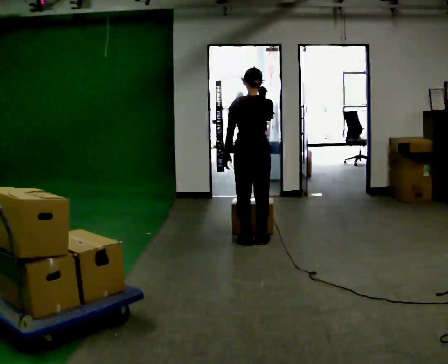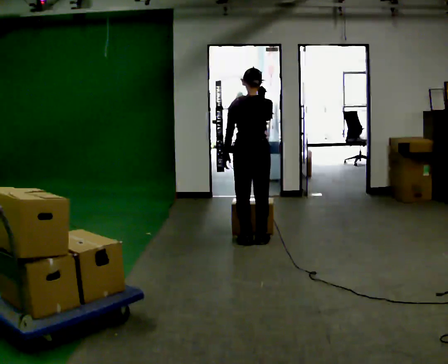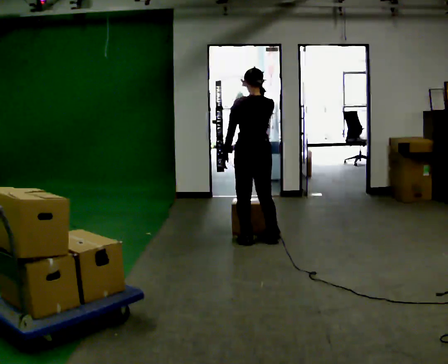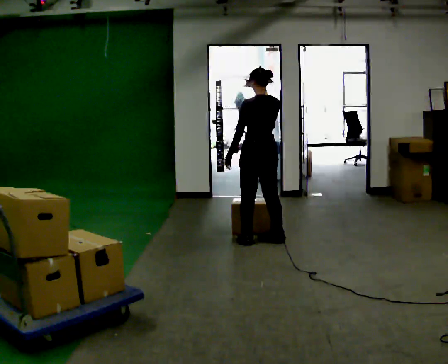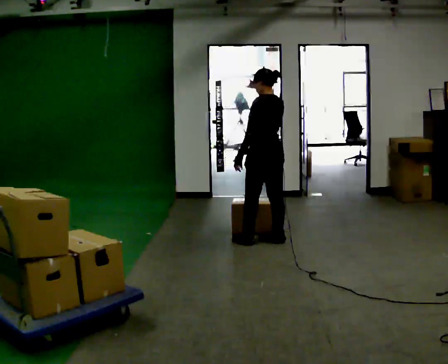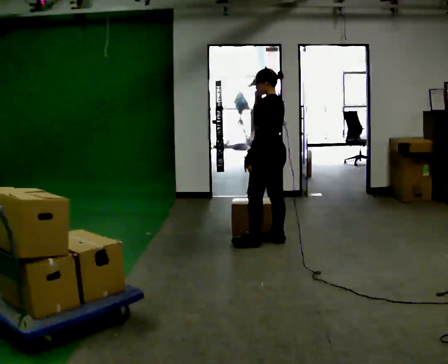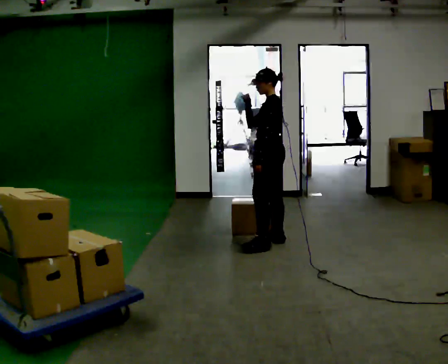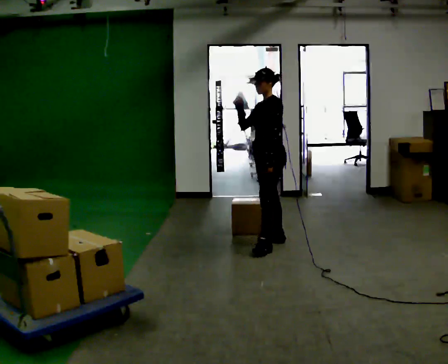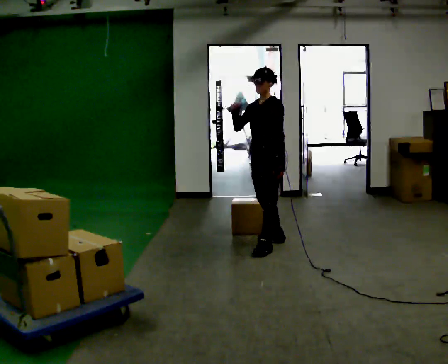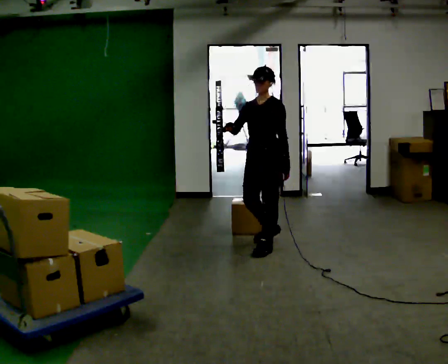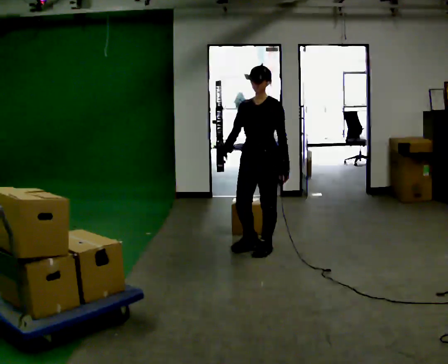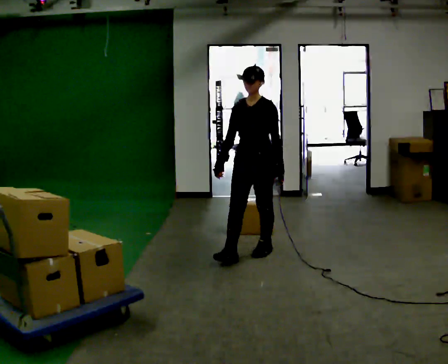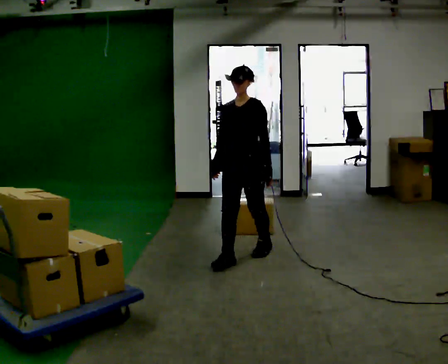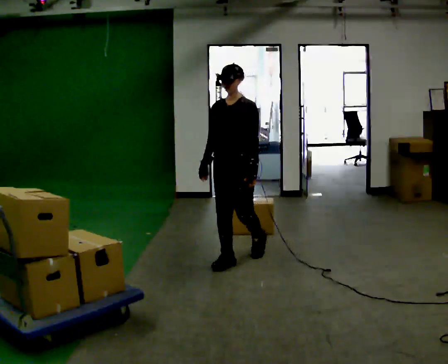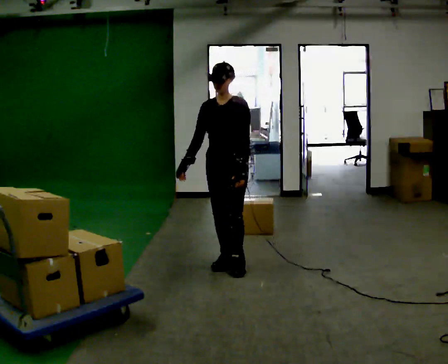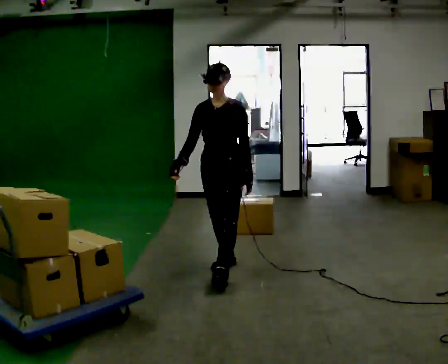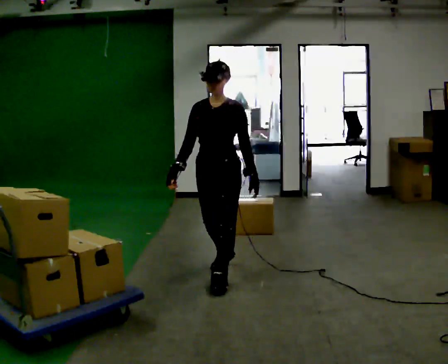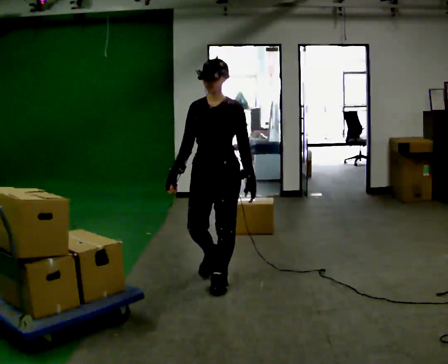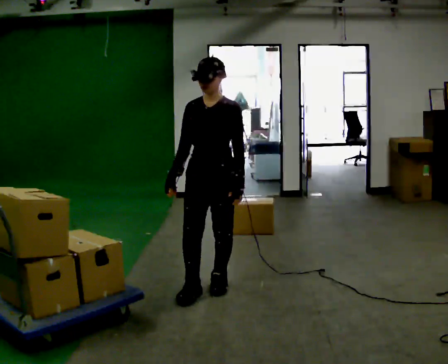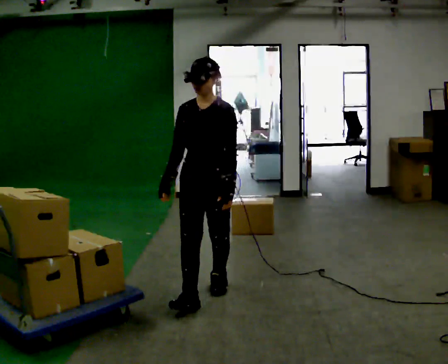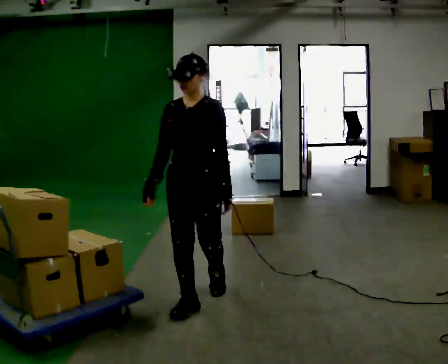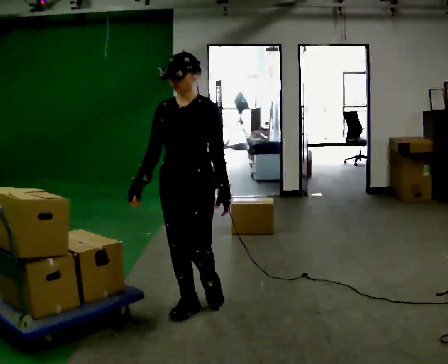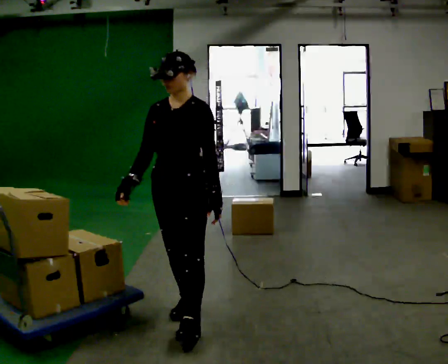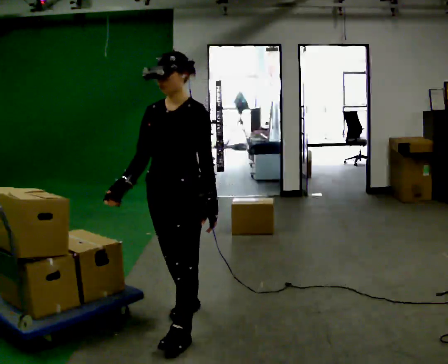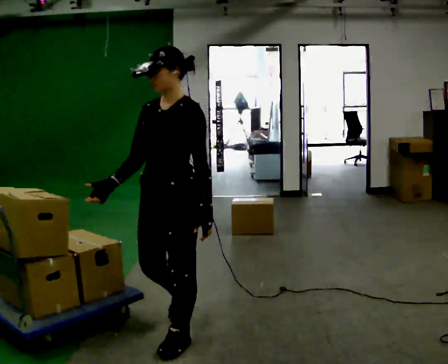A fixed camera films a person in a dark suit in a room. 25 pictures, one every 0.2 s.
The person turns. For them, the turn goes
to their left.
The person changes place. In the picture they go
toward the camera.
0.0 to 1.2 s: The person turns about 90 degrees to their left, counterclockwise seen from above, so the part of the body nearest the lens slides to the right. In the picture they go to the right, about 0.25 m in 2 steps. In the picture their left hand goes to the right.
1.2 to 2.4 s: The person turns about 60 degrees to their left, counterclockwise seen from above, so the part of the body nearest the lens slides to the right. In the picture they go toward the camera and to the left, about 0.5 m in 1 step. In the picture their right hand goes downward.
2.4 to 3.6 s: In the picture they go toward the camera, about 0.75 m in 1 step, which for them is forward.
3.6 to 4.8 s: In the picture they go toward the camera, about 0.5 m in 2 steps, which for them is forward.
The film runs forward here.
